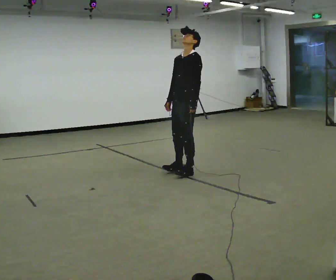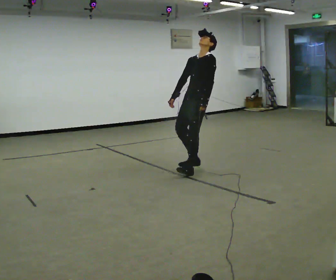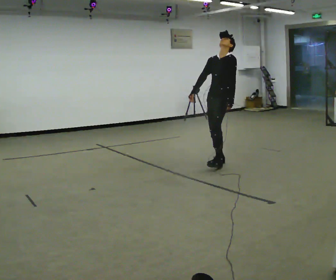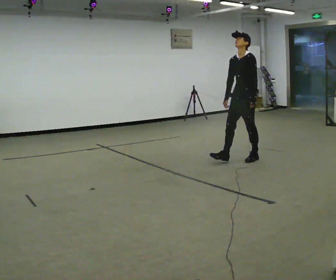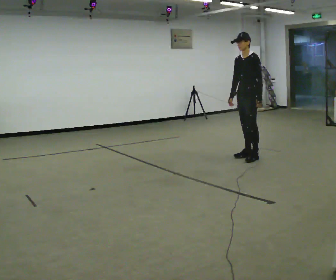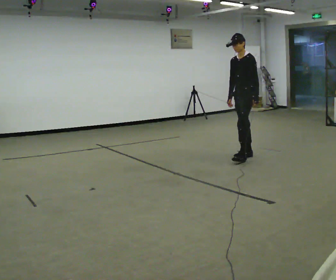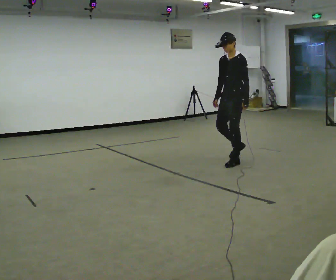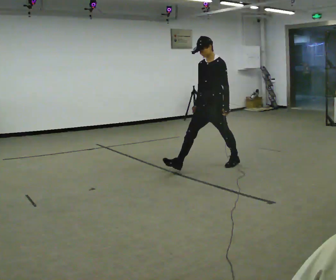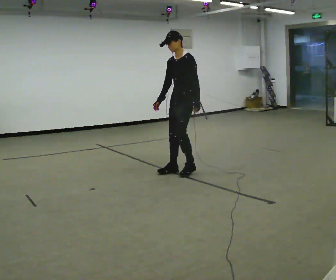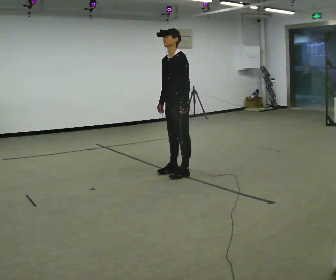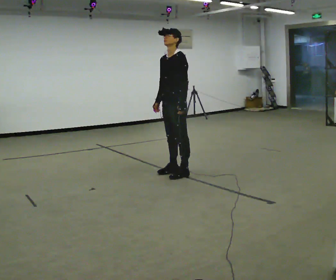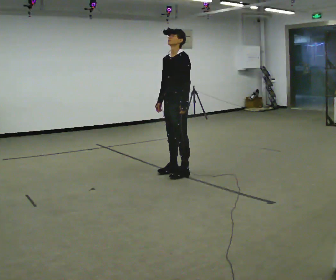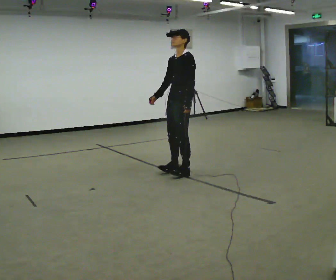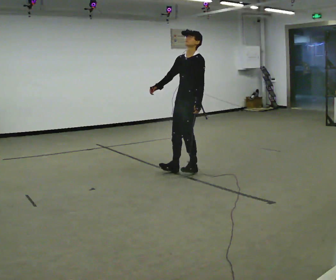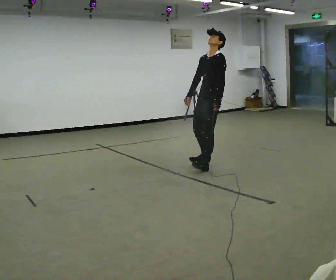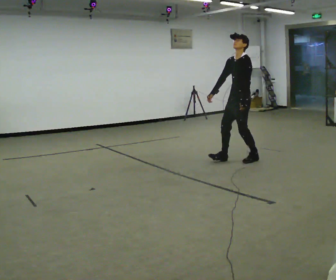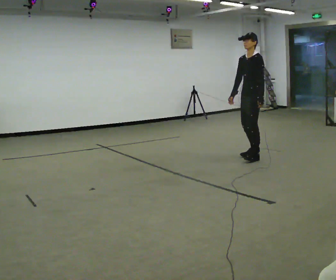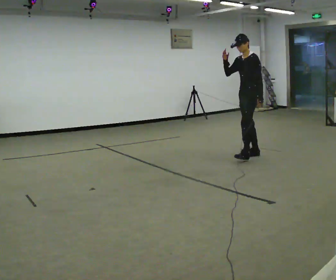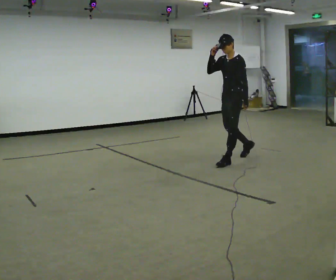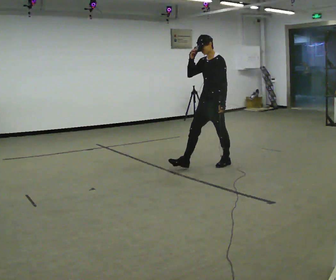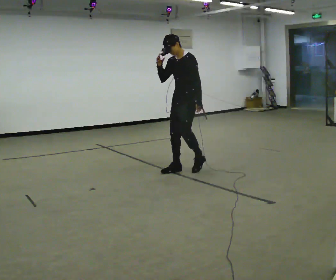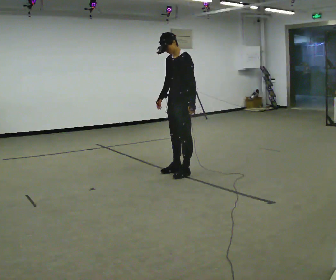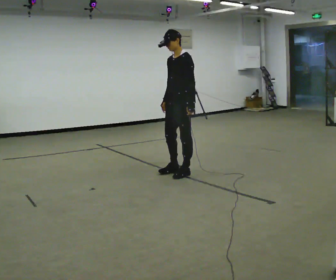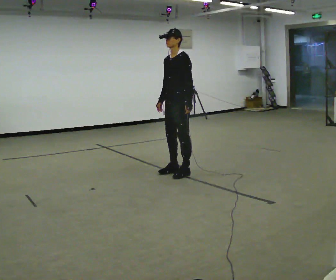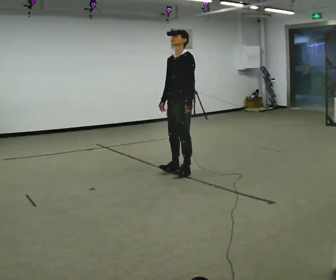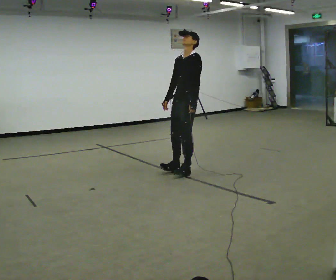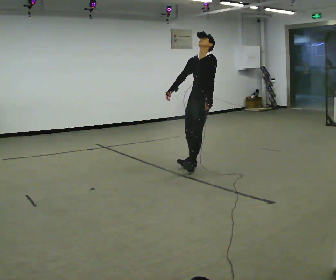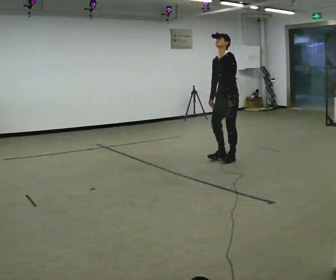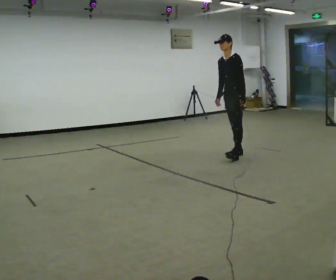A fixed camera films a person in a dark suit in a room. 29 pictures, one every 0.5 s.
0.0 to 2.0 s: In the picture they go to the right and away from the camera, about 1 m in 3 steps, which for them is backward.
2.0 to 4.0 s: In the picture they go to the left and toward the camera, about 1 m in 2 steps, which for them is forward.
4.0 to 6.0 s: The person moves a little, or ends about where they began.
6.0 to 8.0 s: In the picture they go to the right and away from the camera, about 1 m in 3 steps, which for them is backward.
8.0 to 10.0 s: In the picture they go to the left and toward the camera, about 1 m in 3 steps, which for them is forward. In the picture their right hand goes upward.
10.0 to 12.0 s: In the picture their right hand goes downward.
12.0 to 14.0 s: In the picture they go away from the camera and to the right, about 1 m in 3 steps, which for them is backward.
The film runs forward here.
